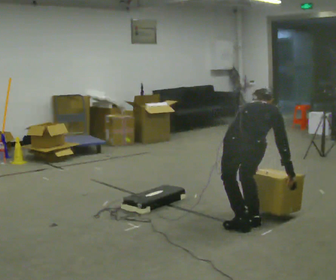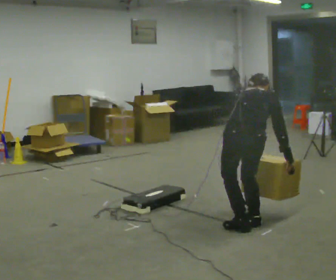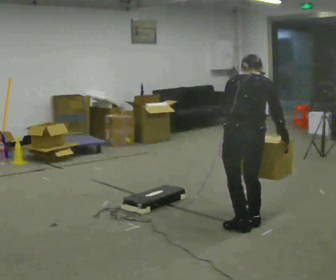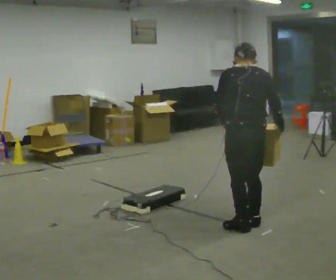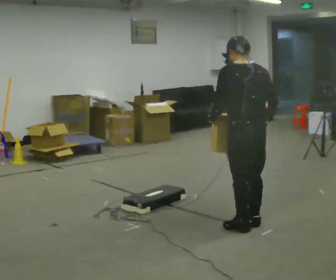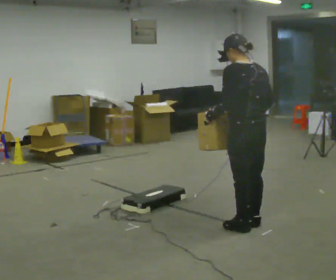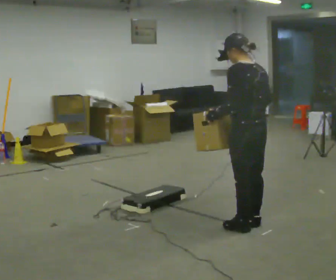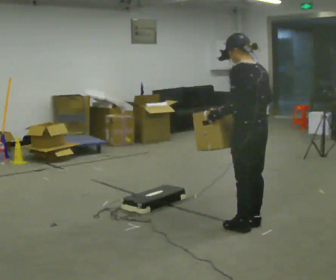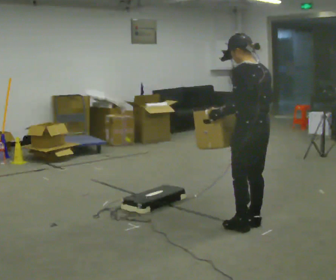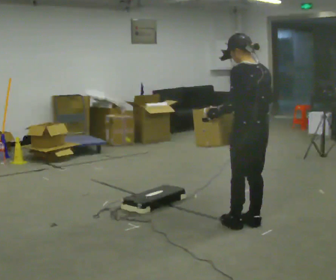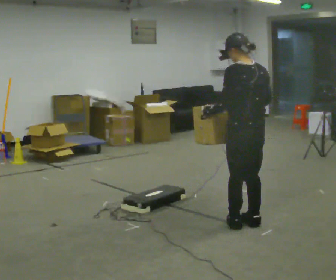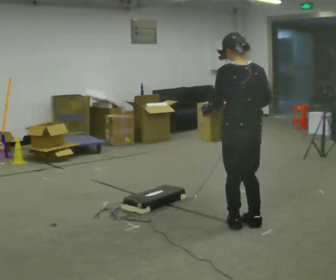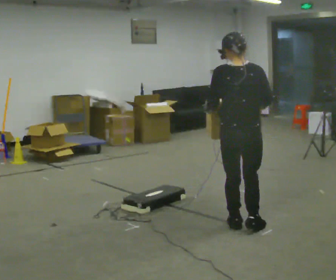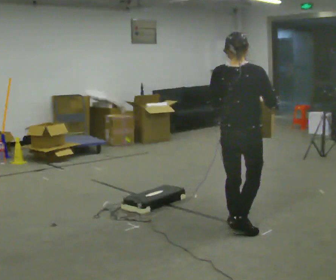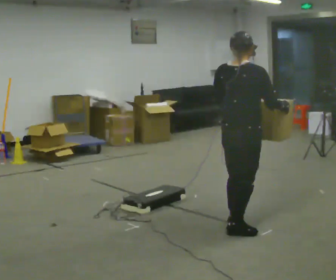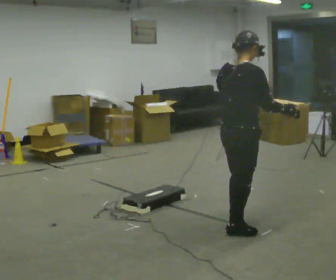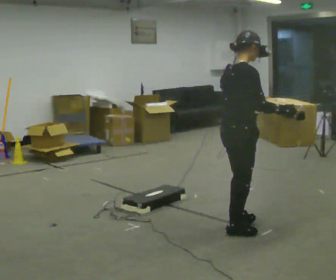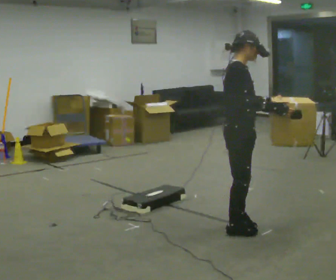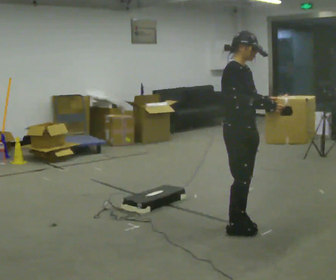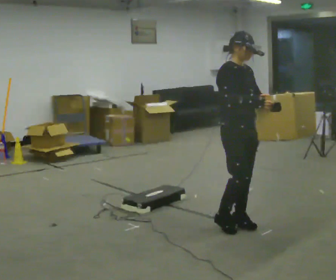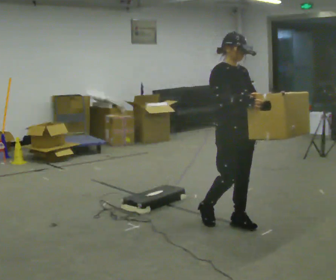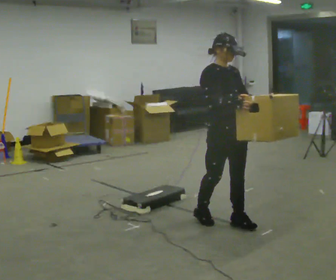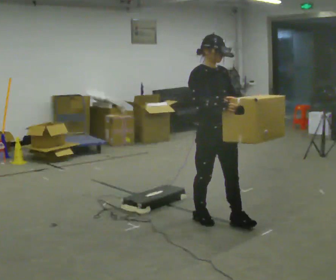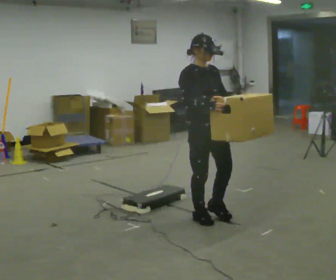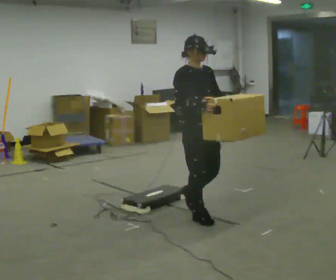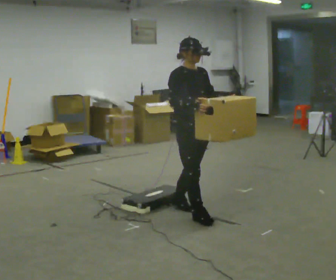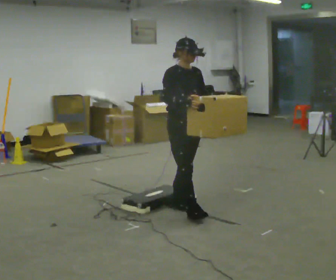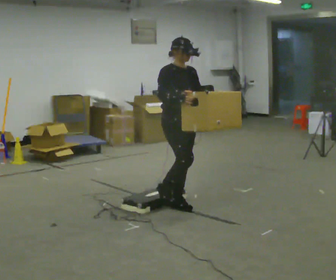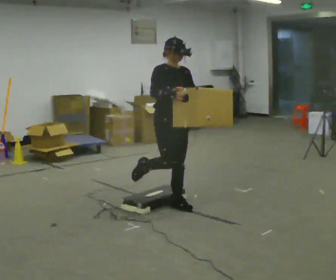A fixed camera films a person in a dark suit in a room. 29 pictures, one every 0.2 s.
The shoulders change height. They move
upward.
Their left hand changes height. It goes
upward.
0.0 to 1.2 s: The part of the body nearest the lens slides to the right as the person turns to their left by about 60 degrees. The upper body goes upward. The upper body tips toward the camera, its near side rolling downward, as they lean back or straighten. In the picture their right hand goes upward.
1.2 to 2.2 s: The person moves a little, or ends about where they began.
2.2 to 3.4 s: The part of the body nearest the lens slides to the left as the person turns to their right by about 120 degrees.
3.4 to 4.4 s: Seen from above the body turns clockwise, about 45 degrees: to their right, with its near side sliding to the left. In the picture they go away from the camera and to the left, about 0.25 m in 1 step, which for them is backward.
4.4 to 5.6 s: In the picture they go away from the camera and to the left, about 0.5 m in 2 steps, which for them is backward.
The film runs backward here.
